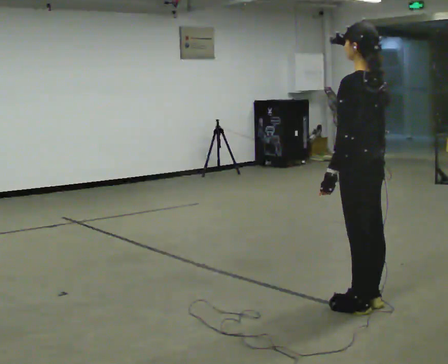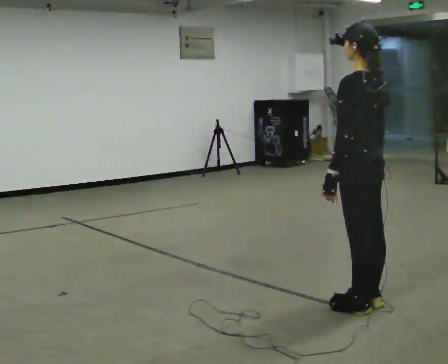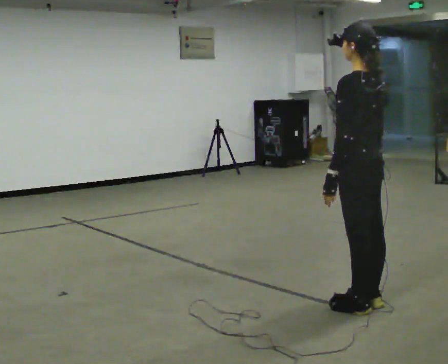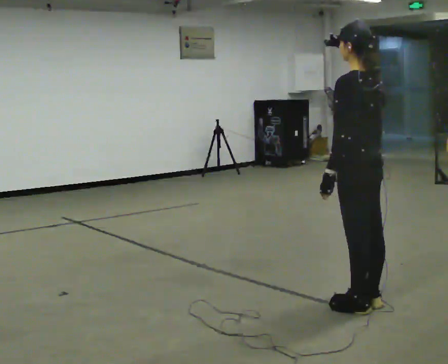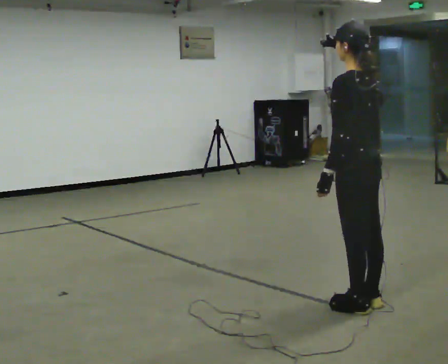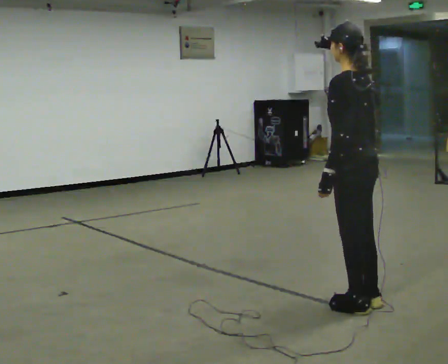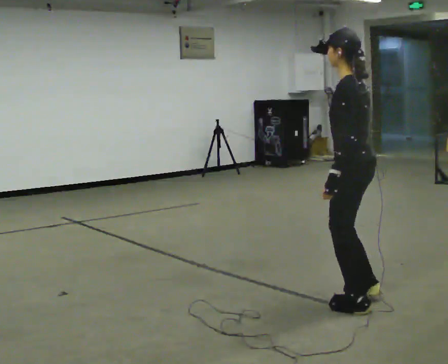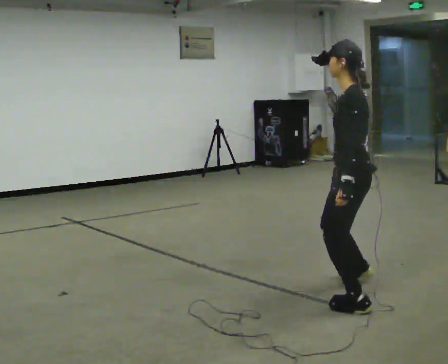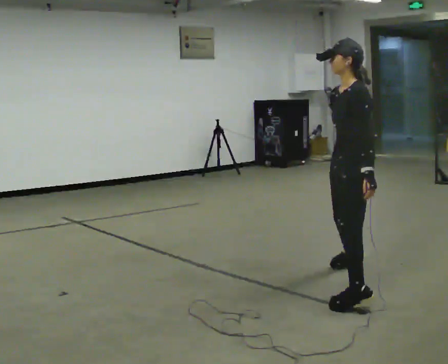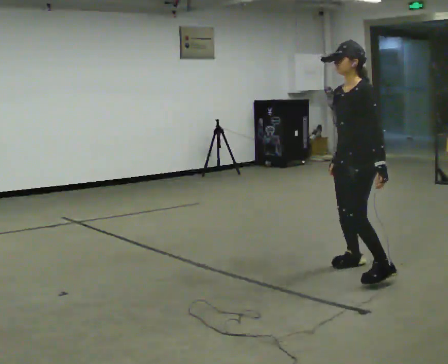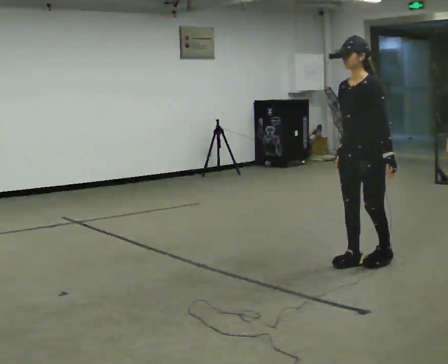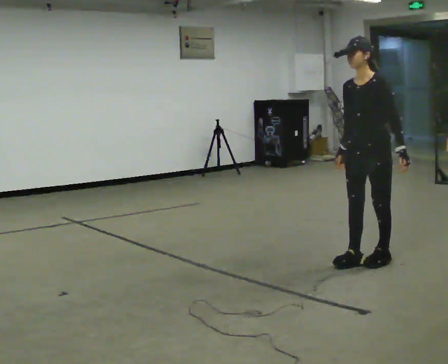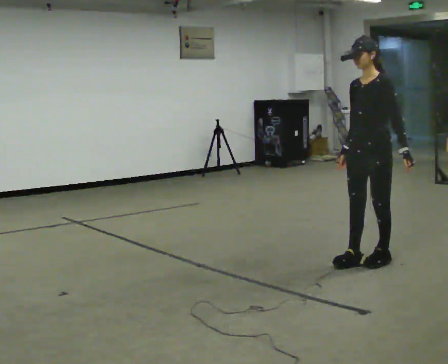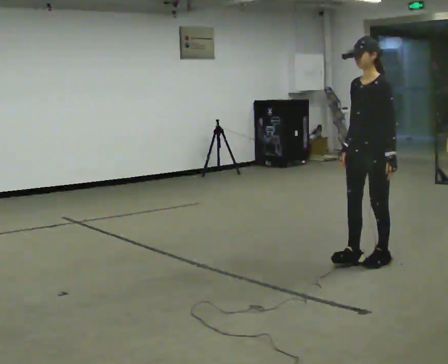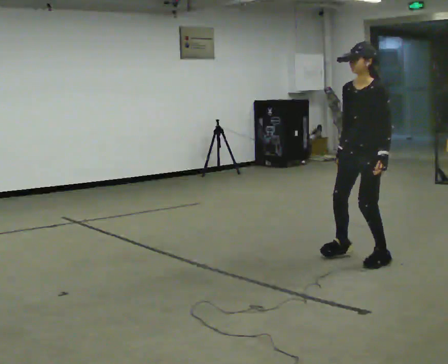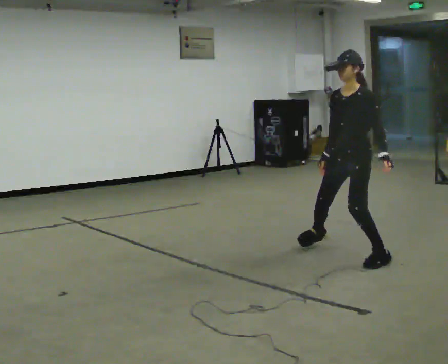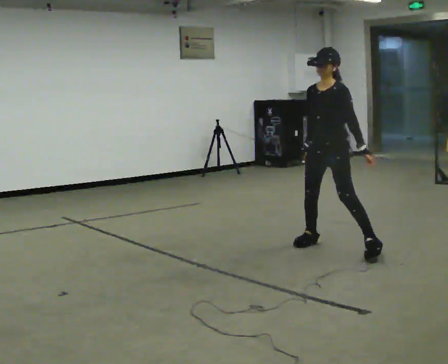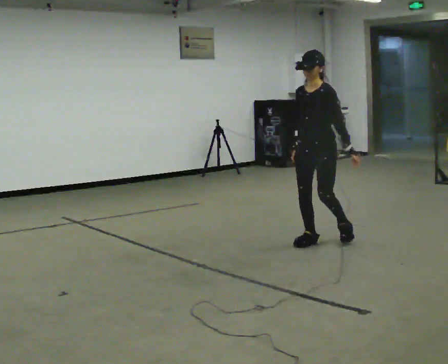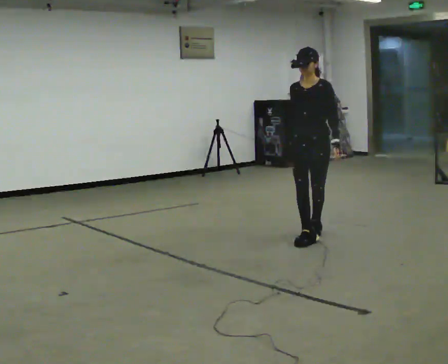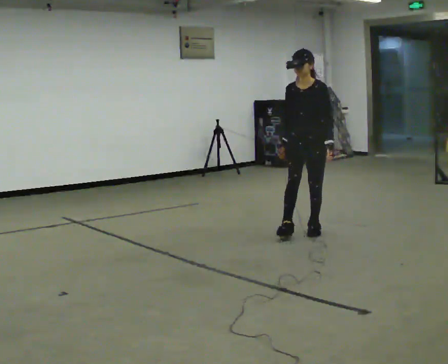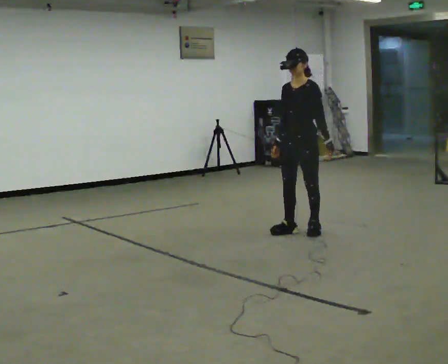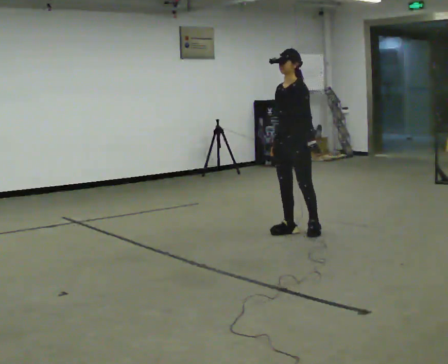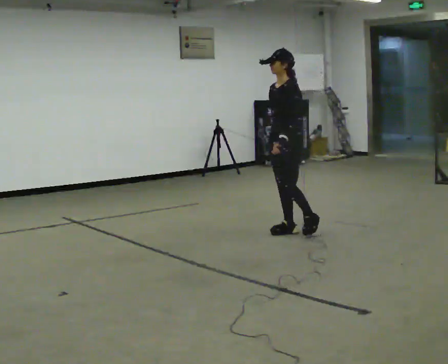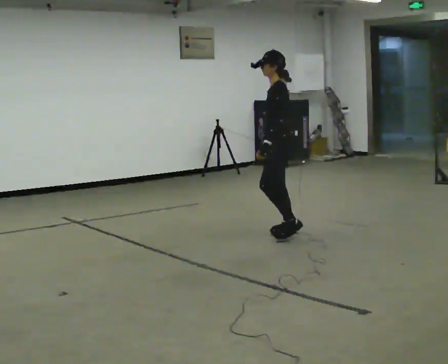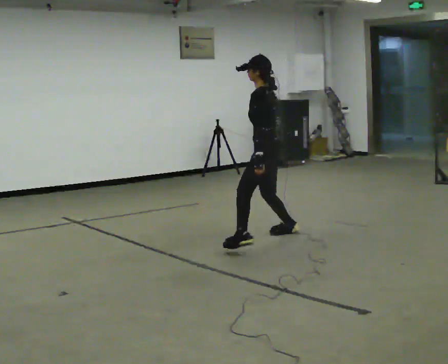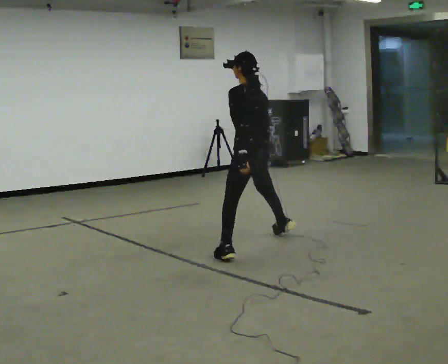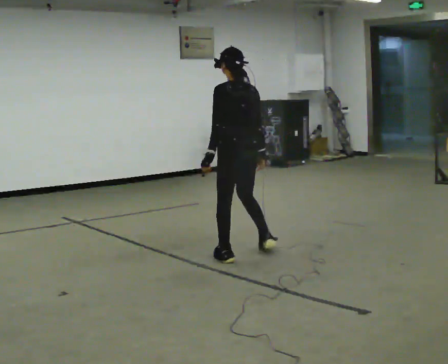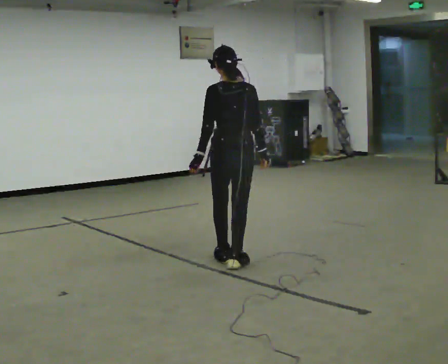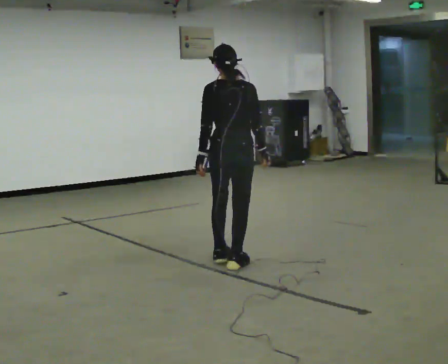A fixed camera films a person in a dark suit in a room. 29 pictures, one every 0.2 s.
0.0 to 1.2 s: The person moves a little, or ends about where they began.
1.2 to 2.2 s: The part of the body nearest the lens slides to the right as the person turns to their left by about 75 degrees. In the picture they go away from the camera, about 1 m in 2 steps.
2.2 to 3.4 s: In the picture they go away from the camera and to the left, about 1 m in 1 step, which for them is to their right.
3.4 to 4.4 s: In the picture they go away from the camera and to the left, about 0.5 m in 2 steps, which for them is to their right.
4.4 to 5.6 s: The part of the body nearest the lens slides to the left as the person turns to their right by about 120 degrees. In the picture they go toward the camera and to the left, about 1 m in 2 steps.
The film runs forward here.
